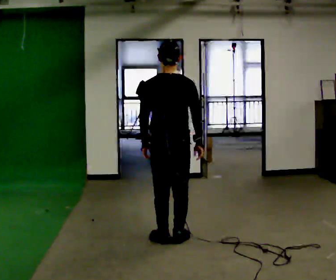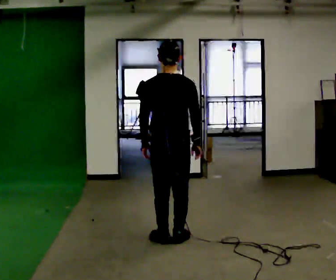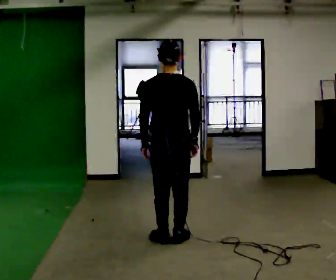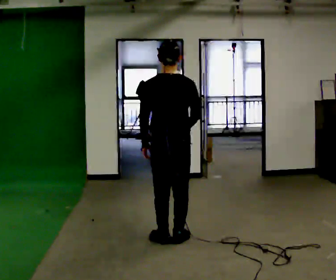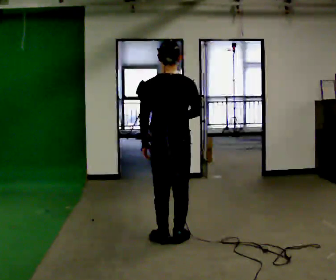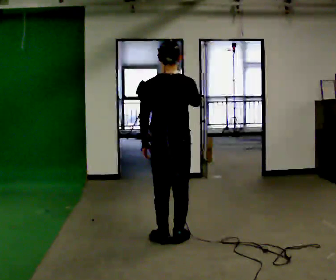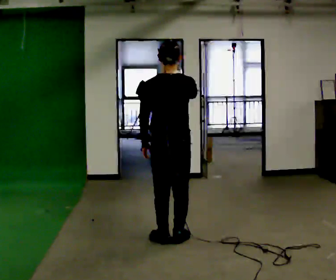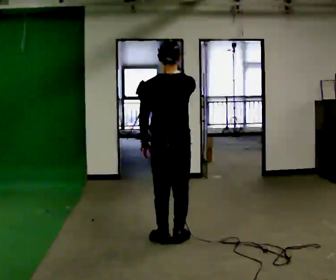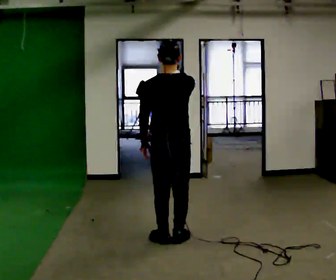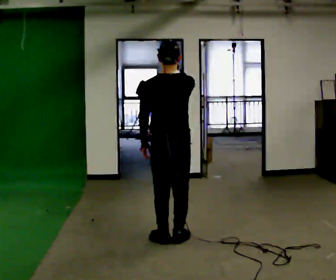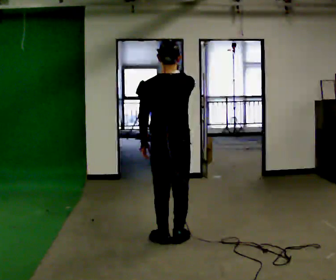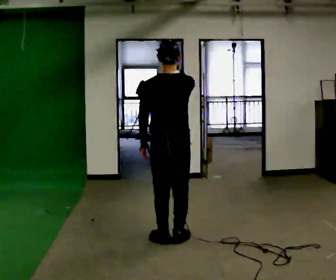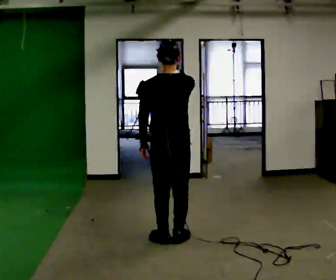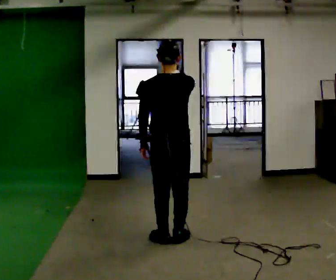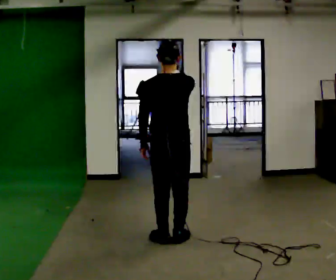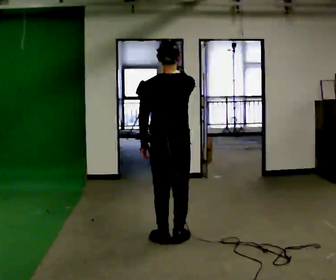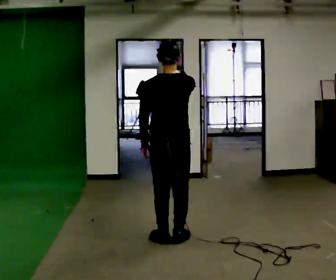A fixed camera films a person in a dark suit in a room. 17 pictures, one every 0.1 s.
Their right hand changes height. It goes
upward.
0.0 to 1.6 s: In the picture their right hand goes upward.
The film runs backward here.
